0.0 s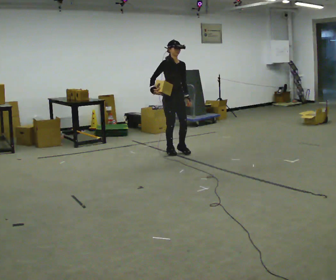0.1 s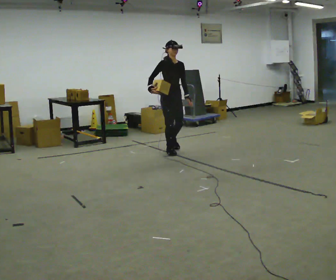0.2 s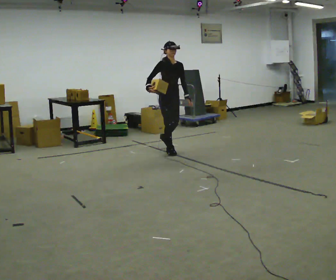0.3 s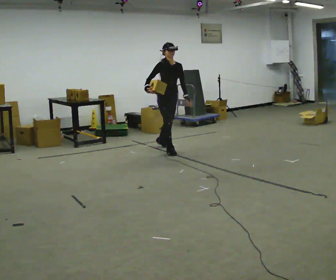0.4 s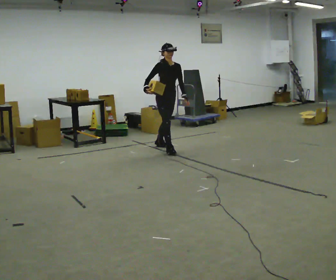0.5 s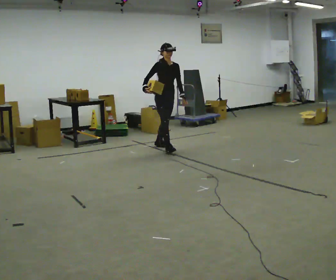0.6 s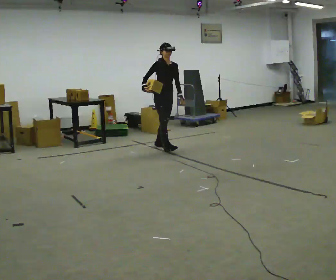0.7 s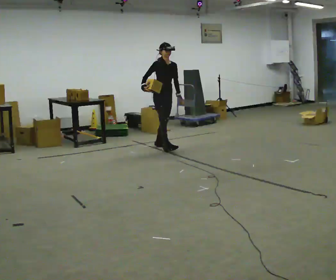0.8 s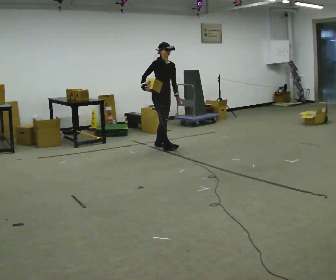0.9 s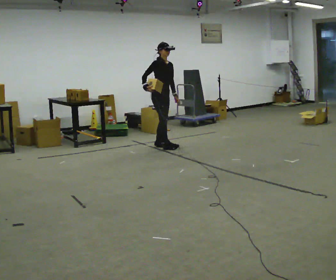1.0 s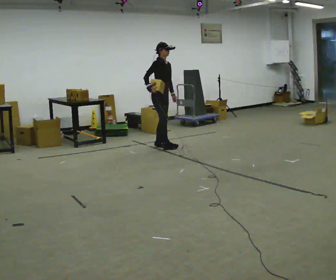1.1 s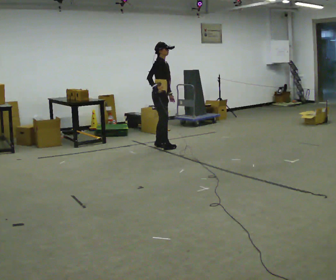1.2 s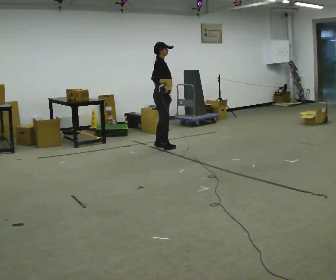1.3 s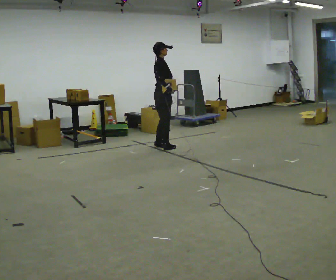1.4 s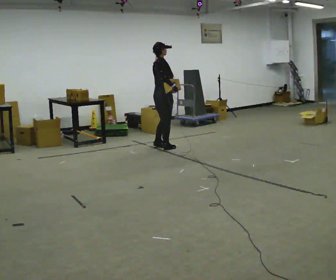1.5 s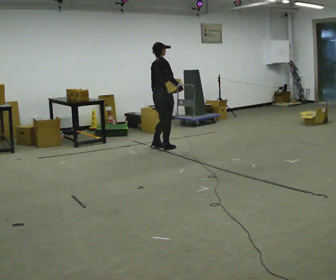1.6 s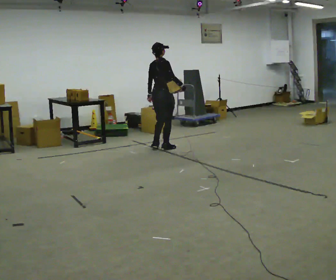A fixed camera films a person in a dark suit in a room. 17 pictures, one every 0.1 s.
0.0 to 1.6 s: The person turns about 105 degrees to their left, counterclockwise seen from above, so the part of the body nearest the lens slides to the right. In the picture they go away from the camera, about 0.25 m in 2 steps.
The film runs backward here.
